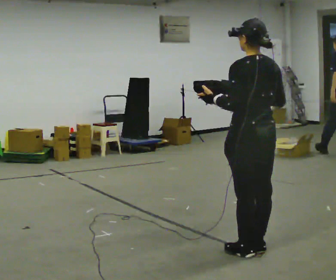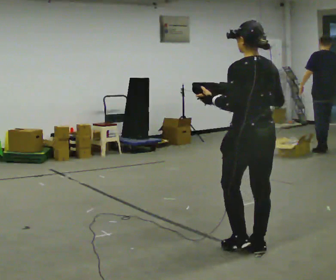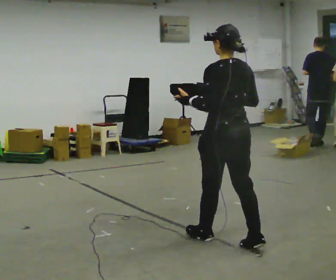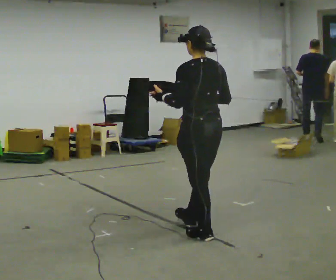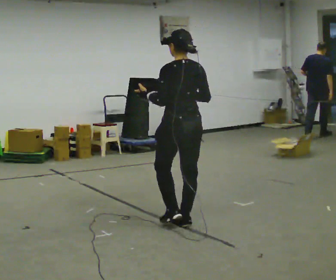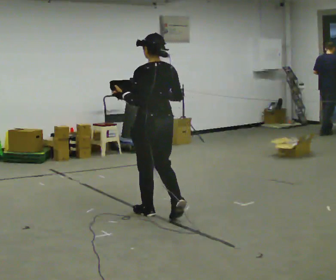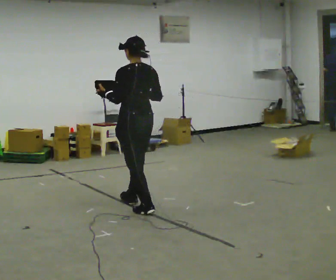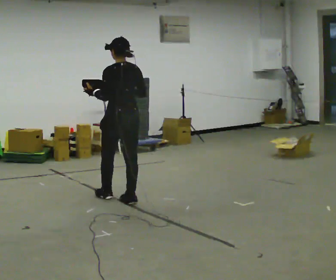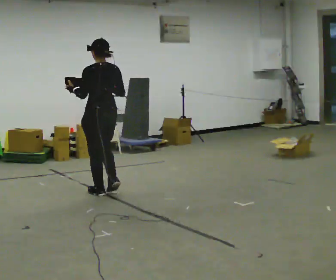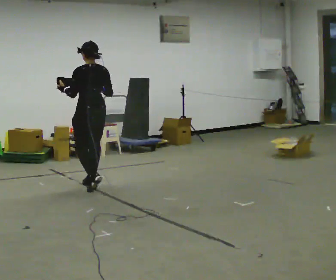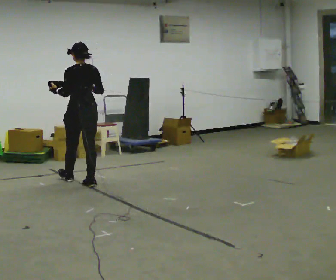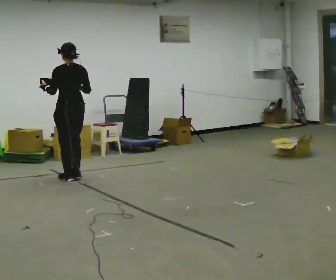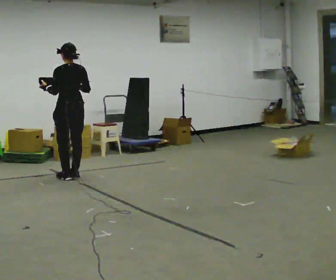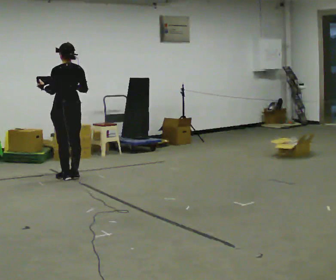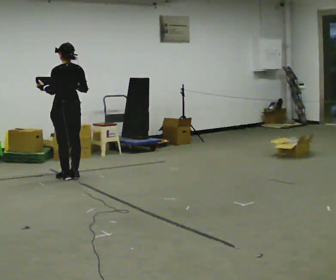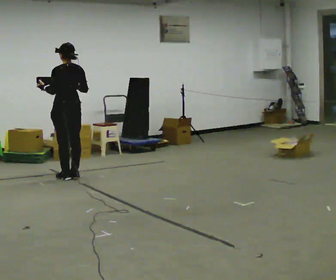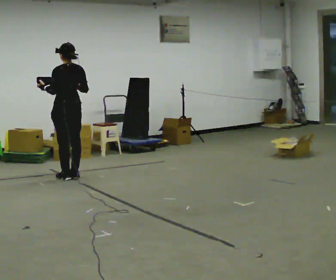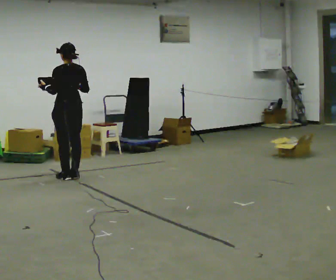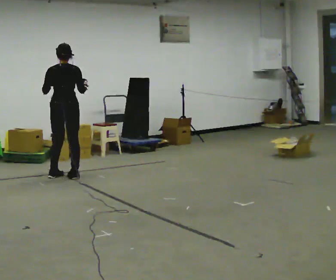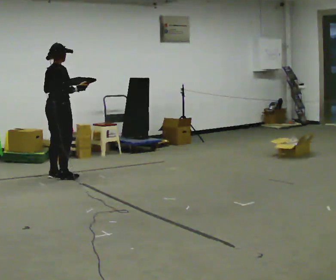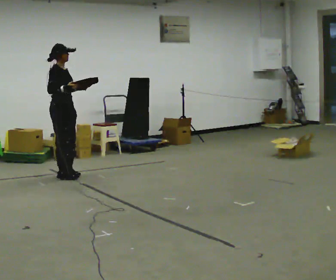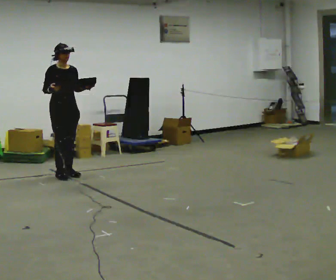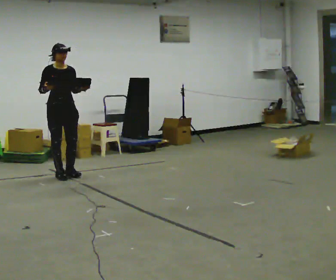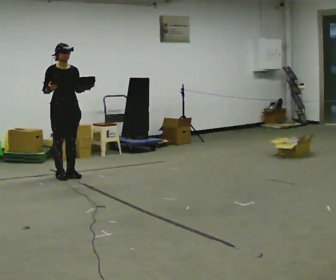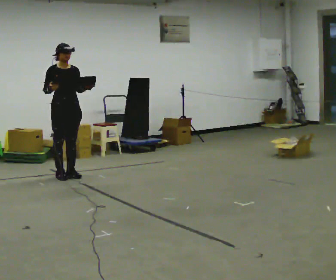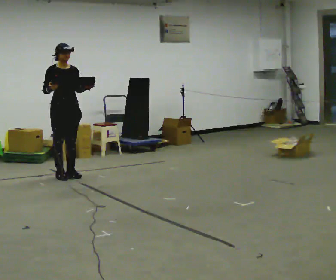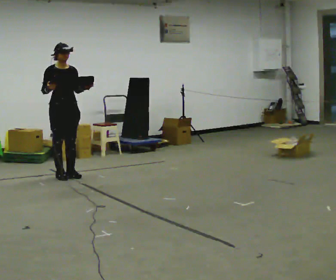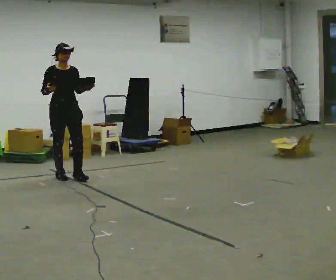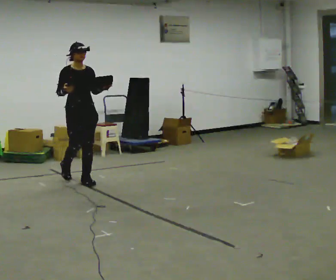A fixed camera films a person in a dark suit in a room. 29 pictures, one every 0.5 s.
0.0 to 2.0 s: In the picture they go away from the camera and to the left, about 1 m in 2 steps, which for them is forward.
2.0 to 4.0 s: In the picture they go away from the camera and to the left, about 1.5 m in 3 steps, which for them is forward.
4.0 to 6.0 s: In the picture they go away from the camera, about 1 m in 3 steps, which for them is forward.
6.0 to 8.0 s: The person moves a little, or ends about where they began.
8.0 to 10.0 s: Seen from above the body turns clockwise, about 135 degrees: to their right, with its near side sliding to the left. In the picture their left hand goes to the right.
10.0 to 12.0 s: Seen from above the body turns clockwise, about 45 degrees: to their right, with its near side sliding to the left.
12.0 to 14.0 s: In the picture they go toward the camera and to the right, about 0.5 m in 1 step, which for them is forward.
The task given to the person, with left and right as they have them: Carry the object across the room. The lid hangs loose and will swing, so carry it however works. Keep going until the operator says stop; one object at a time, and do not rush between trips.
The film runs forward here.
